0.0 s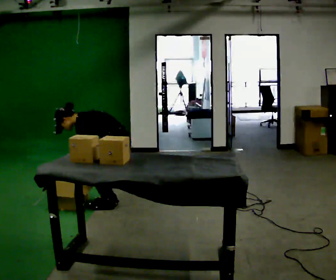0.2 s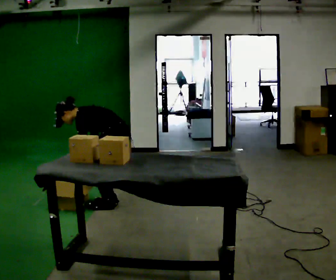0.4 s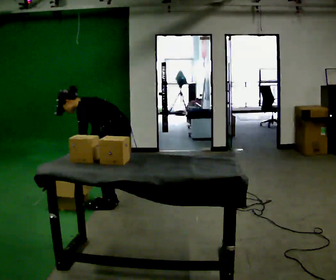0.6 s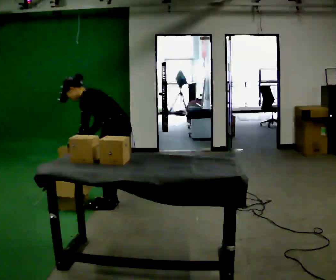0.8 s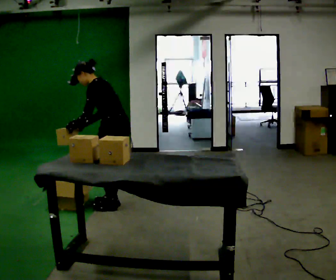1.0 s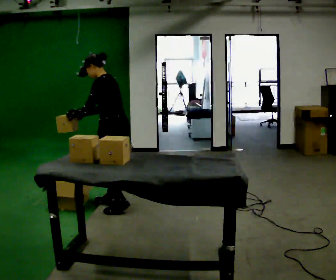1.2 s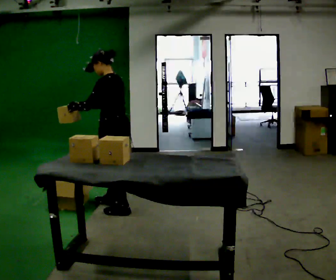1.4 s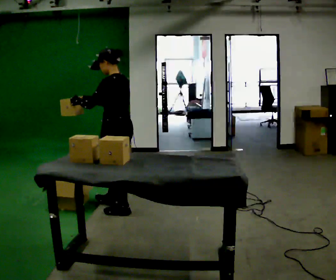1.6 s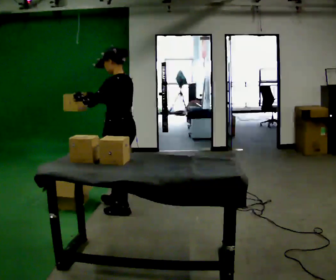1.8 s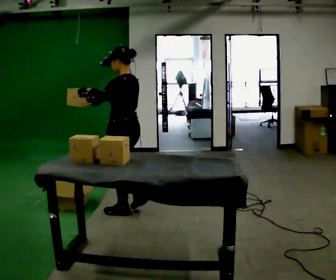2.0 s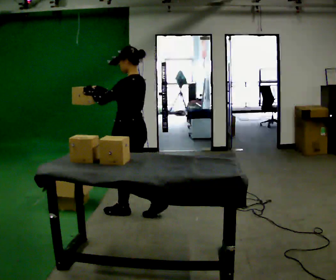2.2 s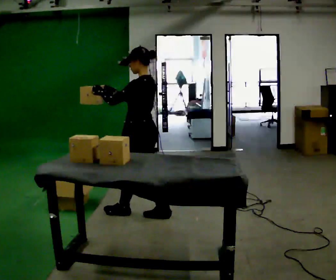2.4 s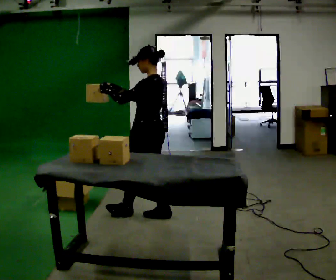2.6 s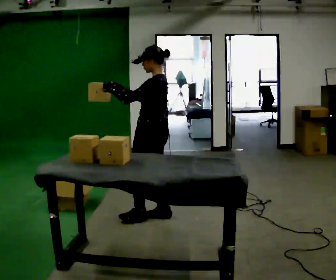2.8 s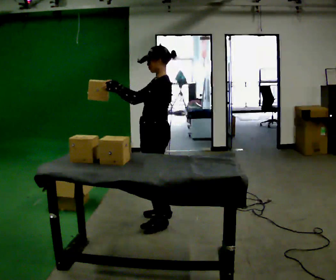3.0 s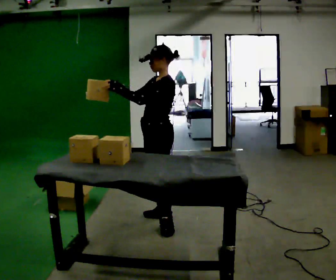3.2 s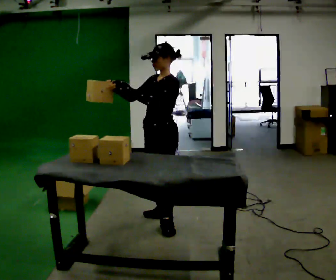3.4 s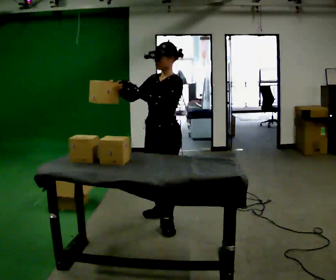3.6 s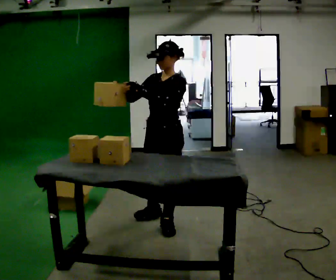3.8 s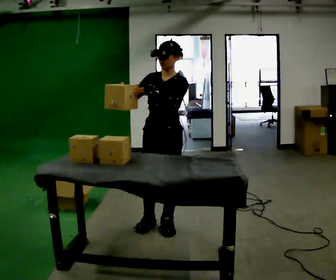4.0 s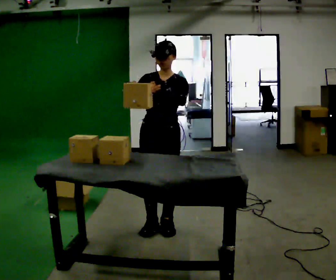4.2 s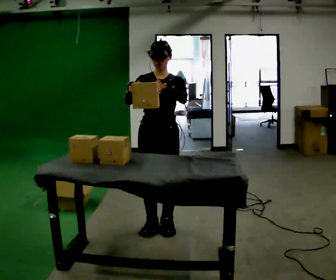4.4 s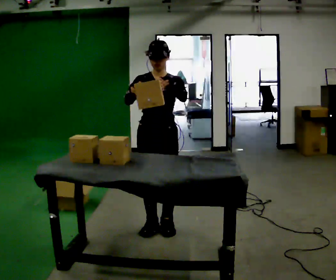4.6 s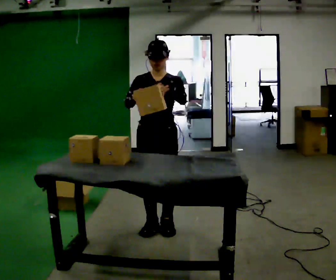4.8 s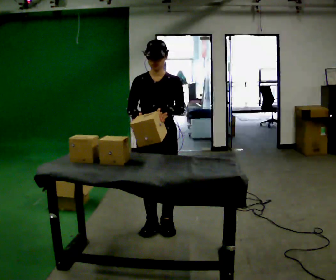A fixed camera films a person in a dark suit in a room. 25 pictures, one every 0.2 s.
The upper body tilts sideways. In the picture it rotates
clockwise.
The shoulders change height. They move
upward.
0.0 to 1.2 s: The shoulders move upward. In the picture the upper body tilts clockwise, shoulders to the right, as they lean back or straighten. In the picture their left hand goes upward, the arm swinging clockwise.
1.2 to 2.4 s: In the picture they go to the right and toward the camera, about 0.5 m in 2 steps, which for them is backward.
2.4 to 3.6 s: The person turns about 60 degrees to their left, counterclockwise seen from above, so the part of the body nearest the lens slides to the right. In the picture they go toward the camera, about 0.25 m in 1 step.
3.6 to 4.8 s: The person turns about 30 degrees to their left, counterclockwise seen from above, so the part of the body nearest the lens slides to the right.
The film runs backward here.
